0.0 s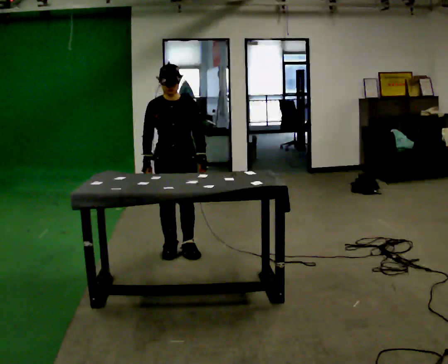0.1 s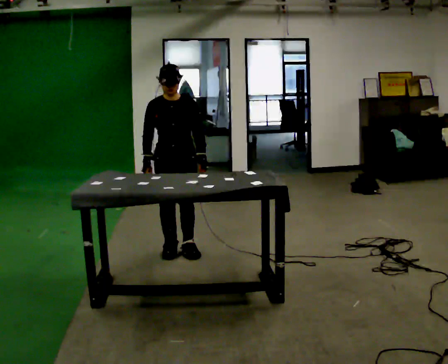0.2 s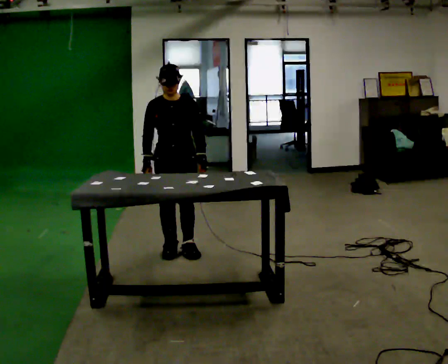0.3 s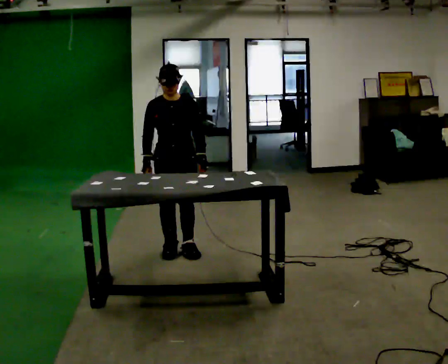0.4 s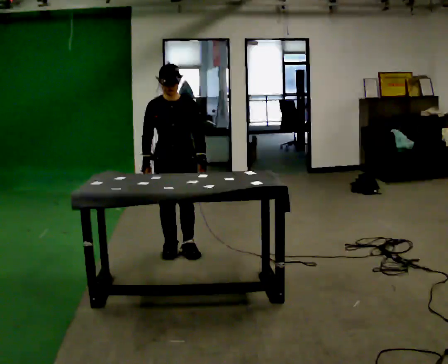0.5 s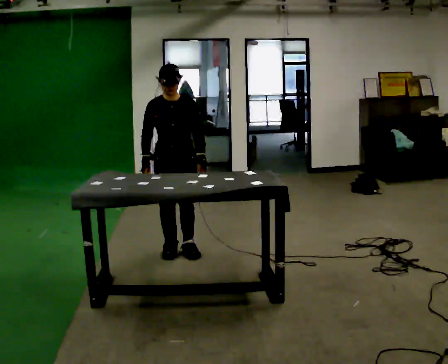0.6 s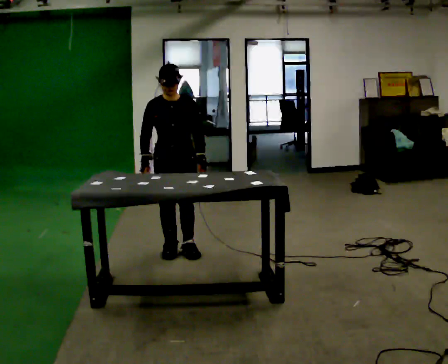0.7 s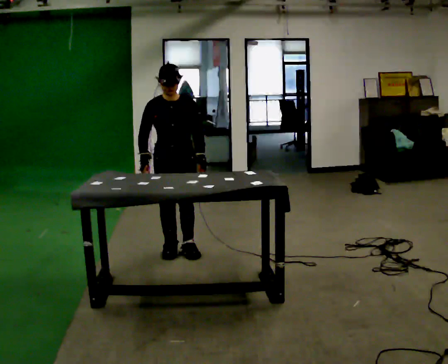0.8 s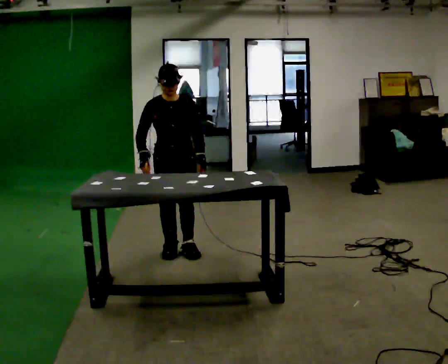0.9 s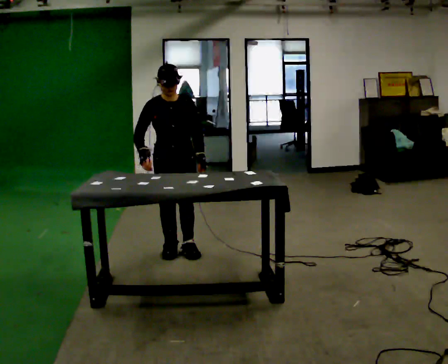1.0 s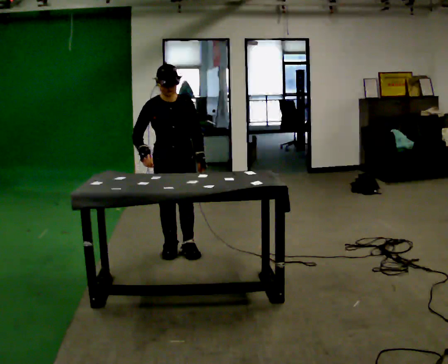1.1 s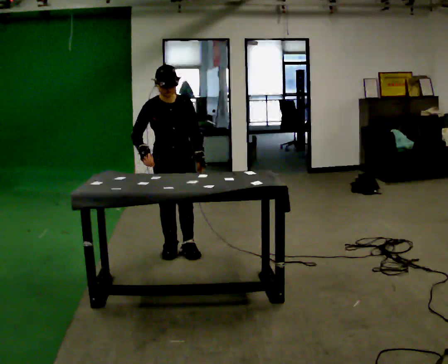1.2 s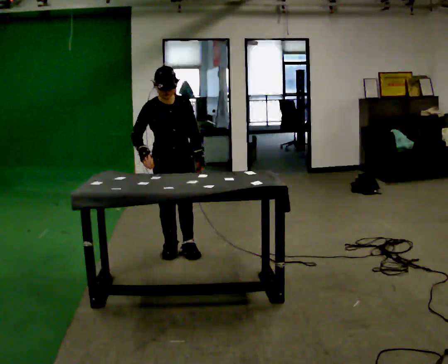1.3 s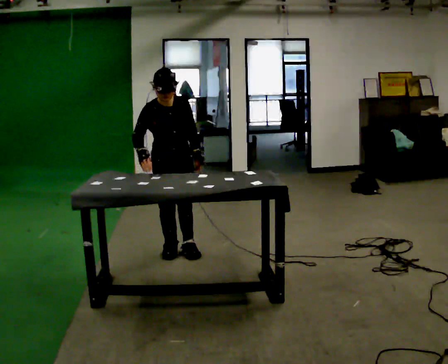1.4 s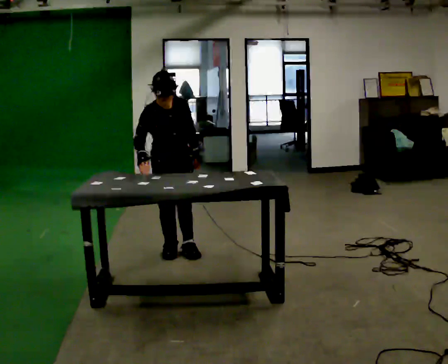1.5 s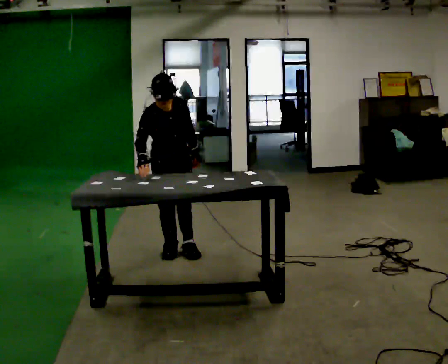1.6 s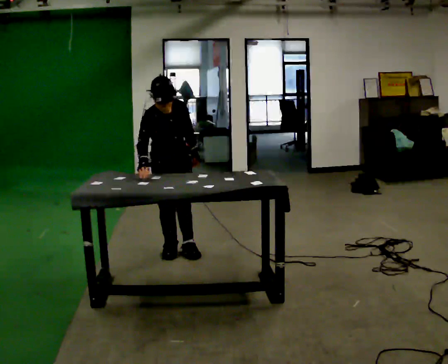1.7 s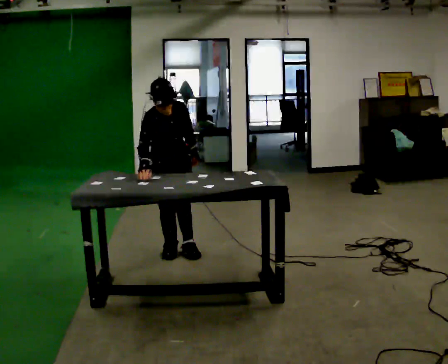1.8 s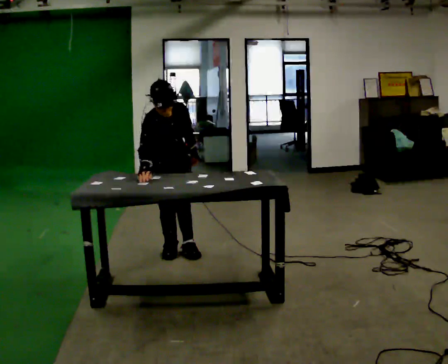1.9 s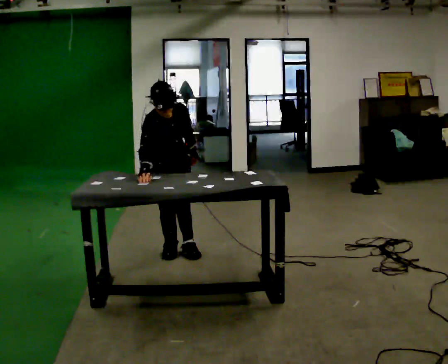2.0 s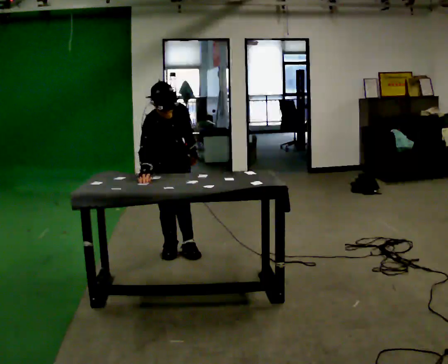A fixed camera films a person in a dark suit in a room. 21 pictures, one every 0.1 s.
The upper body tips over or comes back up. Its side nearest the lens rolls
downward.
0.0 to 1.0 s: The person moves a little, or ends about where they began.
1.0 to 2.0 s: The upper body tips toward the camera, its near side rolling downward, as they bend forward.
The film runs forward here.
